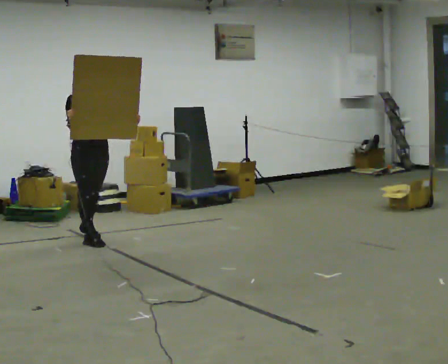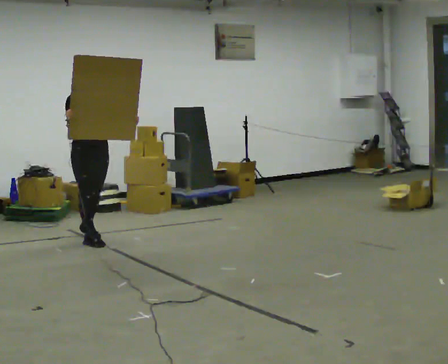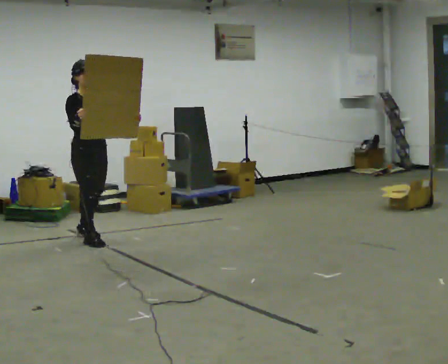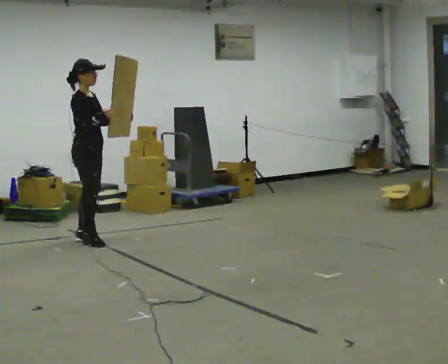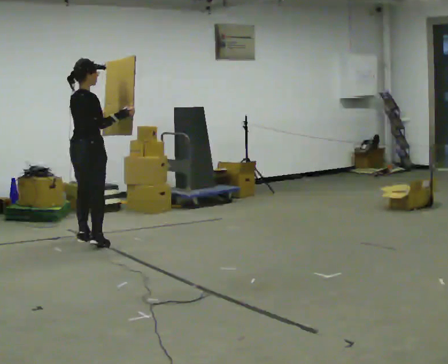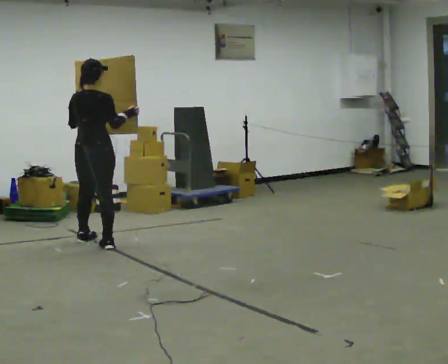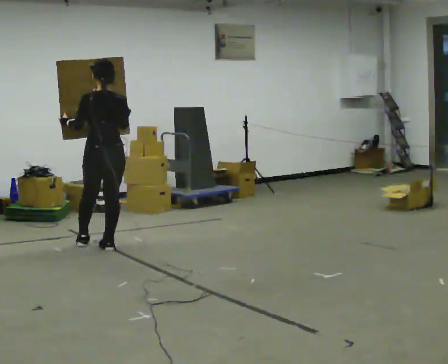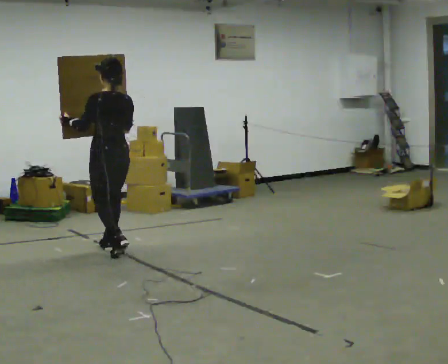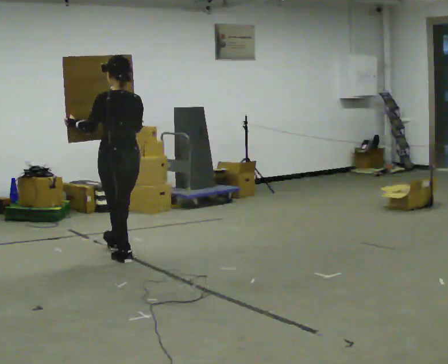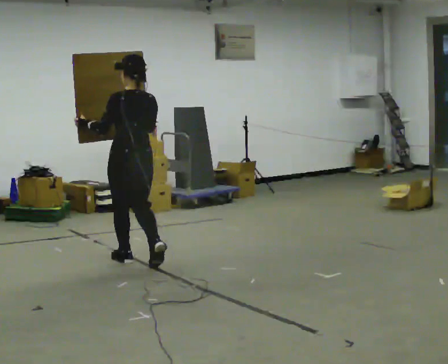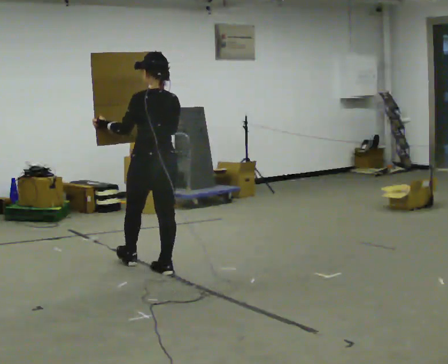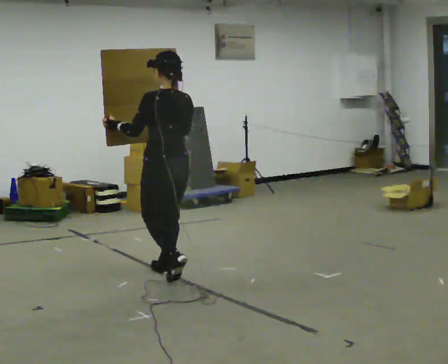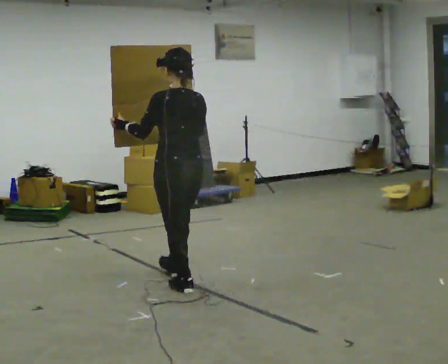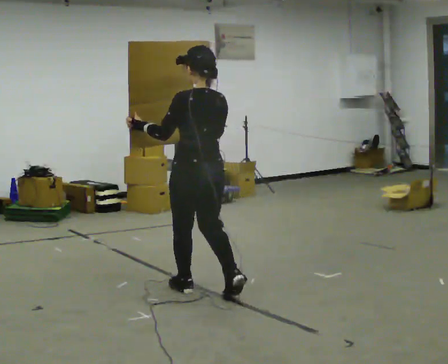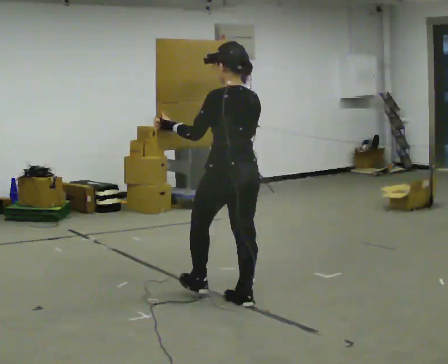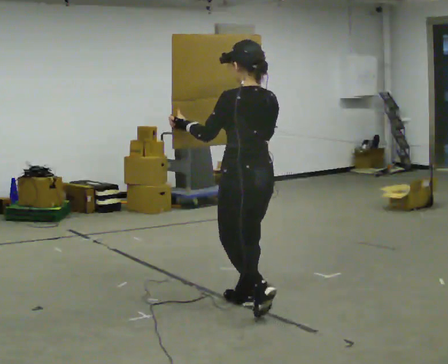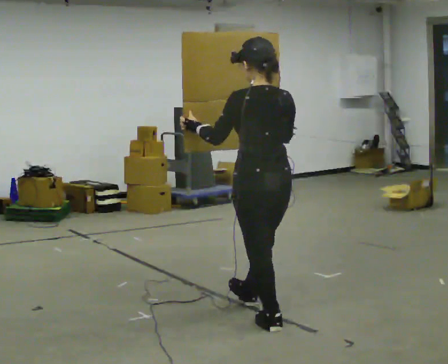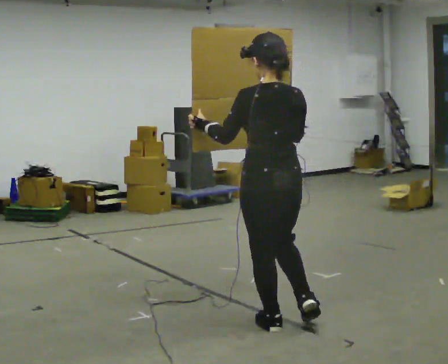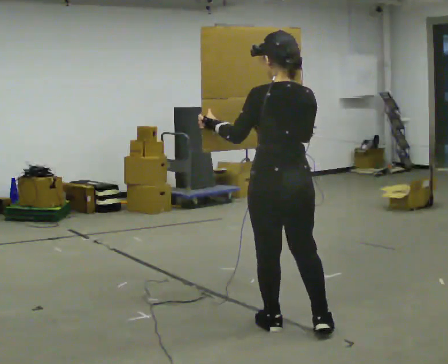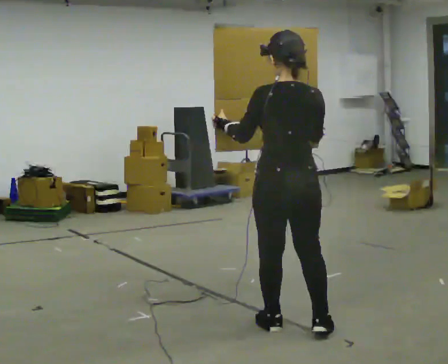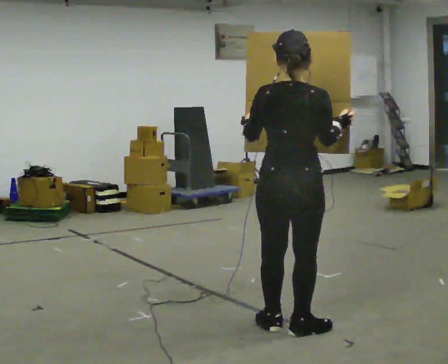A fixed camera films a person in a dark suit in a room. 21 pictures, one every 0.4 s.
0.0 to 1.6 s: The part of the body nearest the lens slides to the right as the person turns to their left by about 90 degrees. In the picture their left hand goes to the left.
1.6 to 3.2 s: The part of the body nearest the lens slides to the right as the person turns to their left by about 90 degrees. In the picture they go toward the camera and to the right, about 0.5 m in 2 steps.
3.2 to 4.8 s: In the picture they go toward the camera and to the right, about 1 m in 2 steps, which for them is backward.
4.8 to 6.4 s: In the picture they go toward the camera and to the right, about 1 m in 2 steps, which for them is backward.
6.4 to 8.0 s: The person turns about 30 degrees to their right, clockwise seen from above, so the part of the body nearest the lens slides to the left. In the picture they go toward the camera, about 0.25 m, which for them is backward.
The film runs backward here.
